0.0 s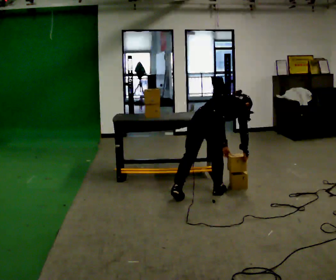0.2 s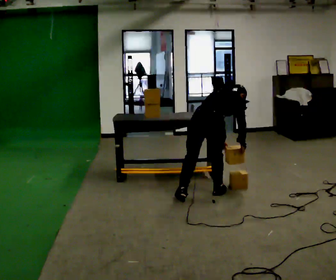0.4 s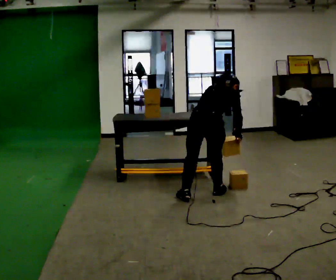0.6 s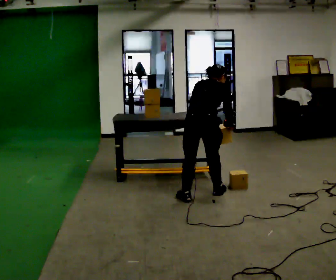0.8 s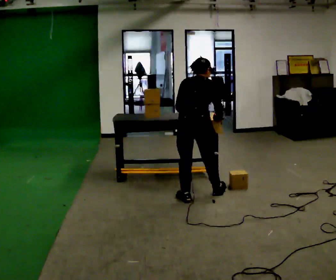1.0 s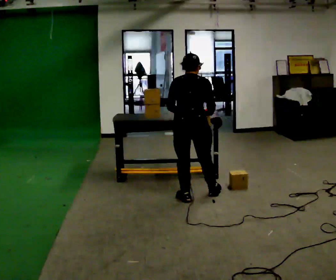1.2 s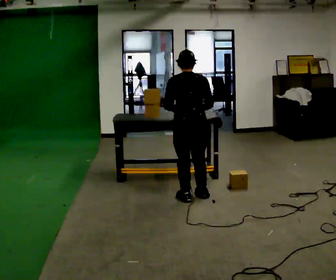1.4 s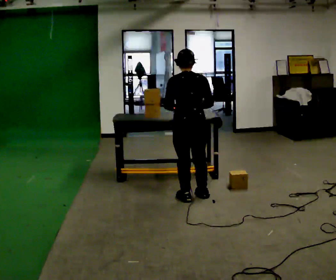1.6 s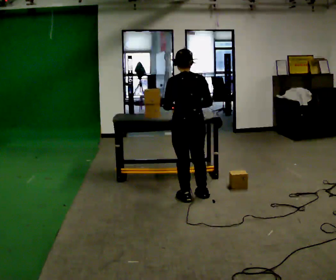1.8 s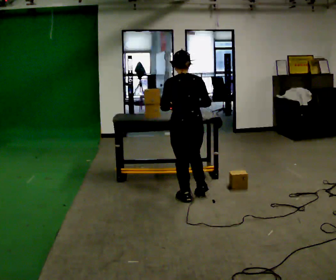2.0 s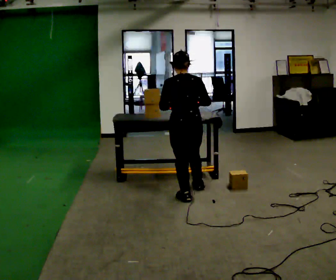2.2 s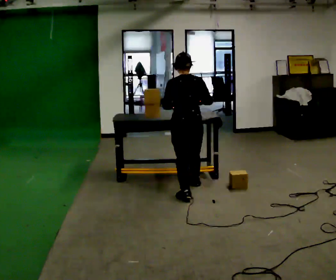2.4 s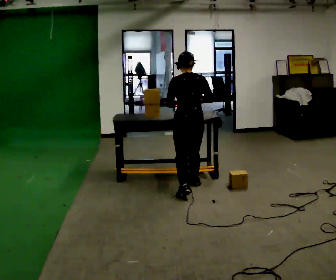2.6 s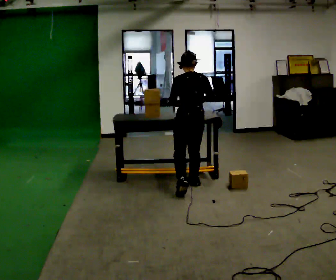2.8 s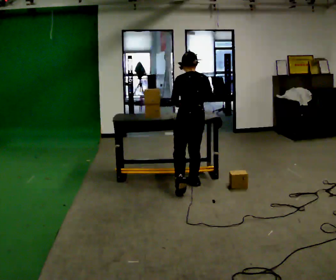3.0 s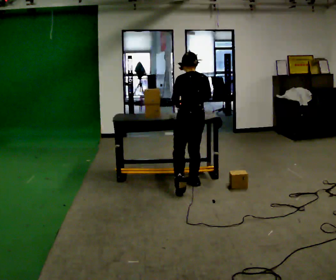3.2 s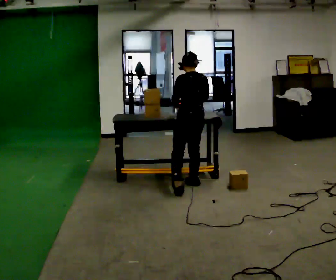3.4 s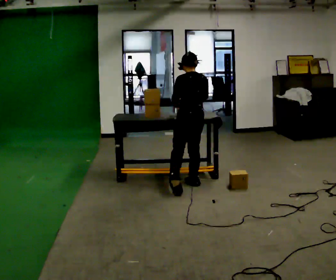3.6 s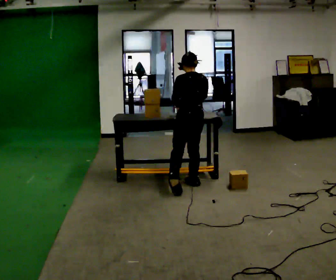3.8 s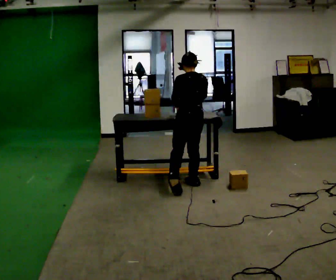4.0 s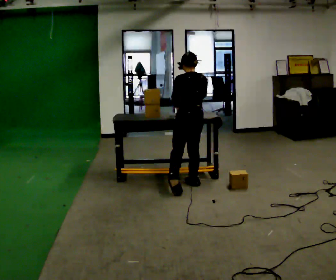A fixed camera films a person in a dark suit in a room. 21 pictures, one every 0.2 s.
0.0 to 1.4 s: The part of the body nearest the lens slides to the right as the person turns to their left by about 60 degrees. In the picture they go to the left, about 0.25 m. The upper body goes upward. In the picture the upper body tilts counterclockwise, shoulders to the left, as they lean back or straighten. In the picture their right hand goes to the left and upward.
1.4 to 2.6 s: In the picture they go away from the camera, about 0.5 m in 1 step, which for them is forward and to their right.
2.6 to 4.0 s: The person moves a little, or ends about where they began.
The film runs forward here.
